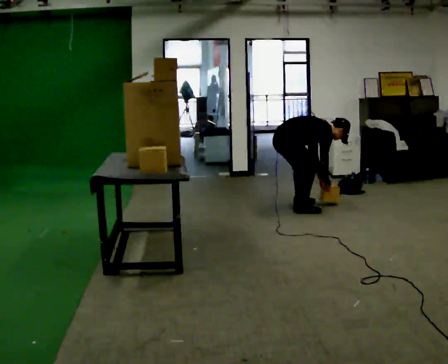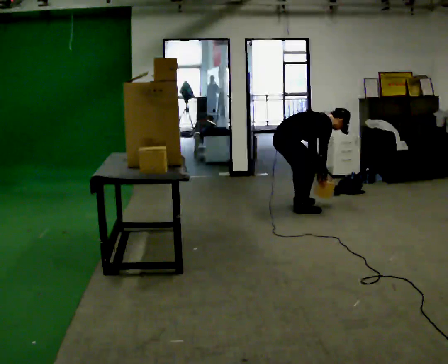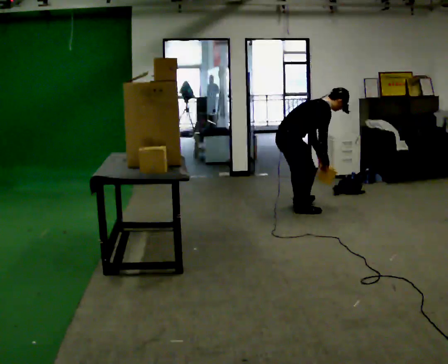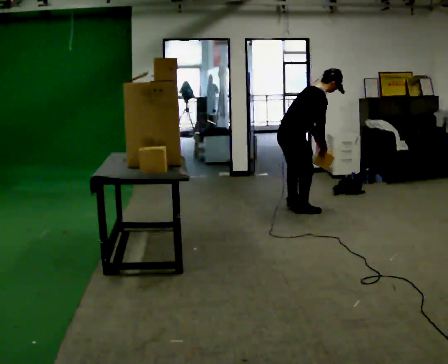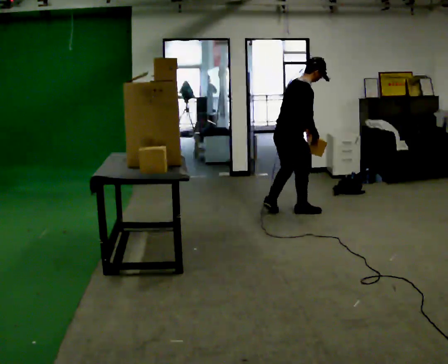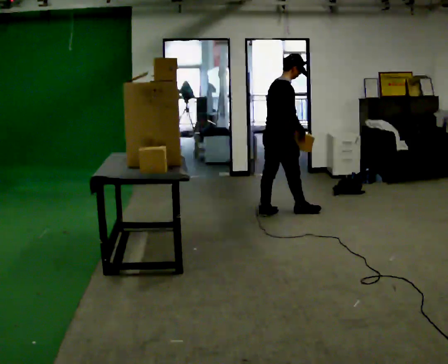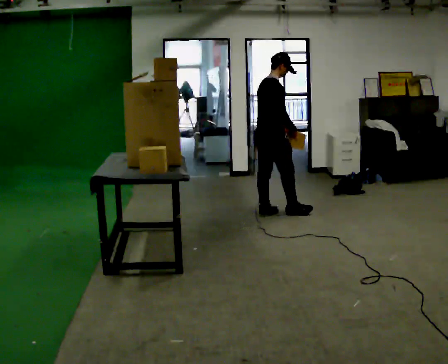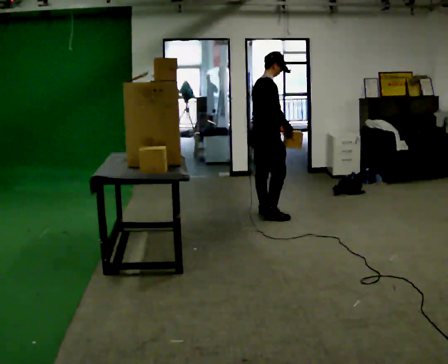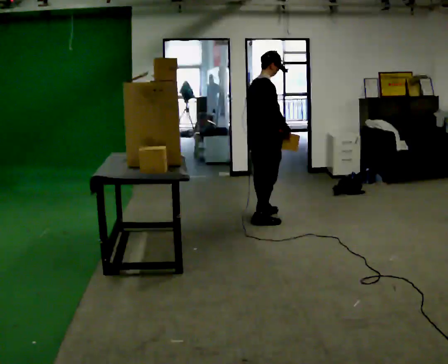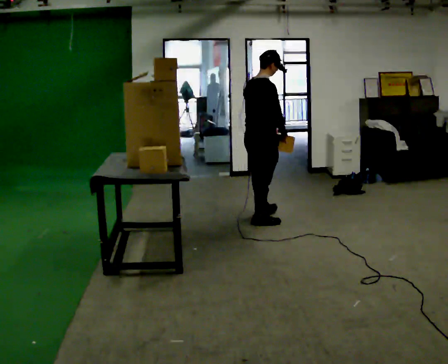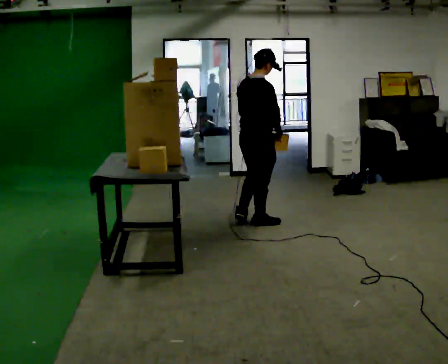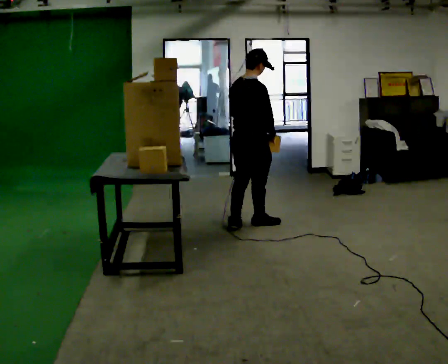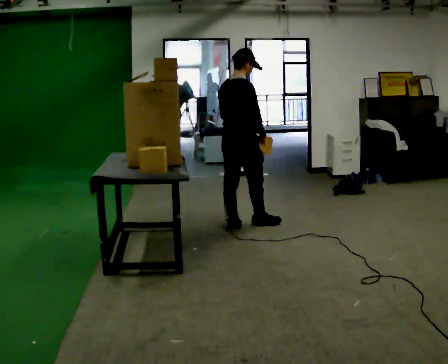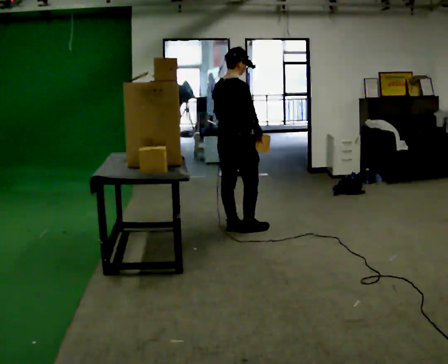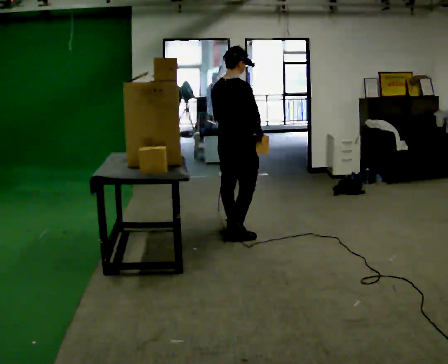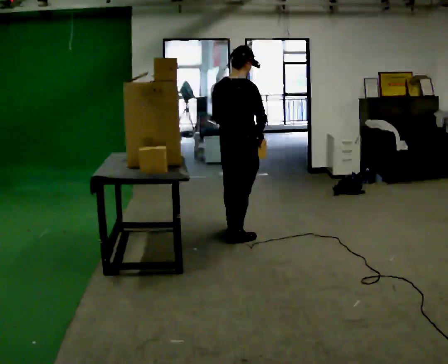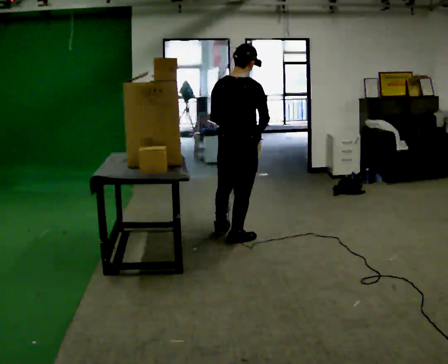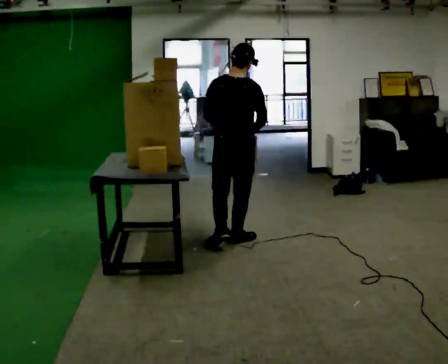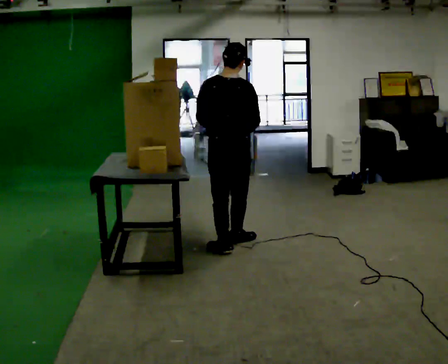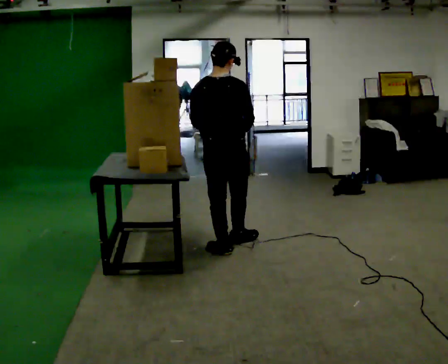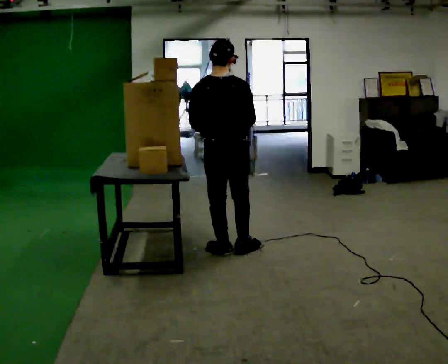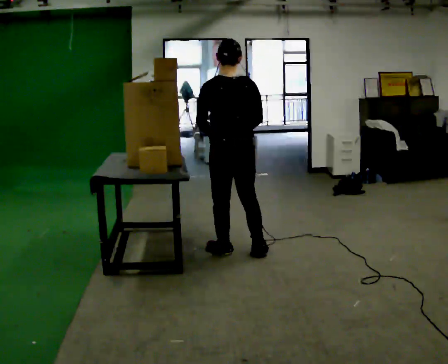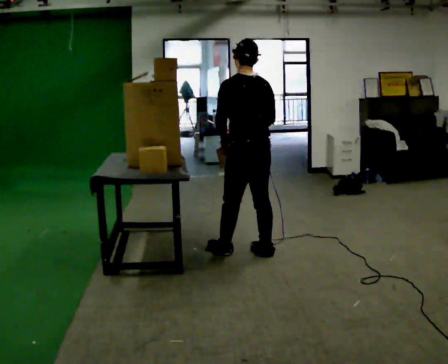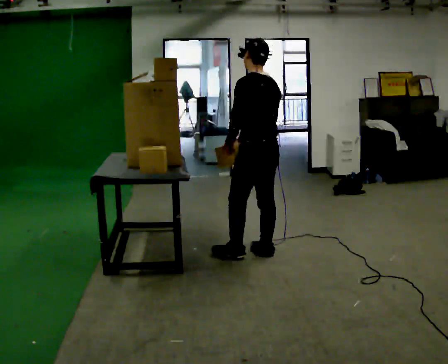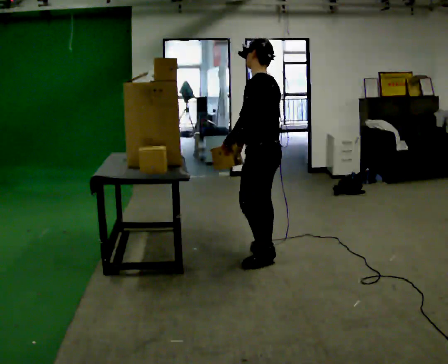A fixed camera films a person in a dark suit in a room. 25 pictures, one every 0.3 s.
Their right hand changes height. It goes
upward.
The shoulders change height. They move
upward.
0.0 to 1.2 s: In the picture they go toward the camera, about 0.25 m in 1 step, which for them is to their right. The shoulders move upward. In the picture the upper body tilts counterclockwise, shoulders to the left, as they lean back or straighten. In the picture their left hand goes upward.
1.2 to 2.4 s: In the picture they go to the left, about 0.25 m in 1 step, which for them is backward. In the picture the upper body tilts counterclockwise, shoulders to the left, as they lean back or straighten.
2.4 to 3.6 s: In the picture they go toward the camera and to the left, about 0.5 m in 1 step, which for them is backward.
3.6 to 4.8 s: Seen from above the body turns counterclockwise, about 30 degrees: to their left, with its near side sliding to the right. In the picture they go toward the camera, about 0.5 m in 2 steps, which for them is backward and to their right.
4.8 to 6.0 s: In the picture they go toward the camera, about 0.25 m in 1 step, which for them is backward.
6.0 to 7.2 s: The person turns about 75 degrees to their left, counterclockwise seen from above, so the part of the body nearest the lens slides to the right. In the picture they go to the right, about 0.25 m in 1 step.
The film runs backward here.
